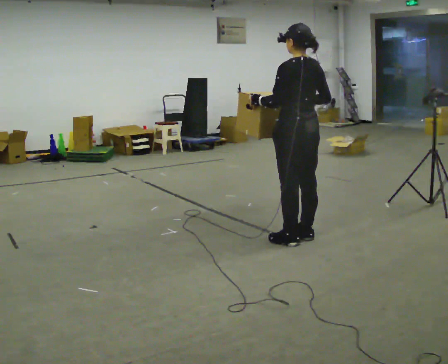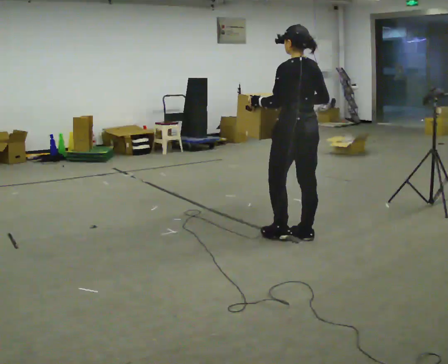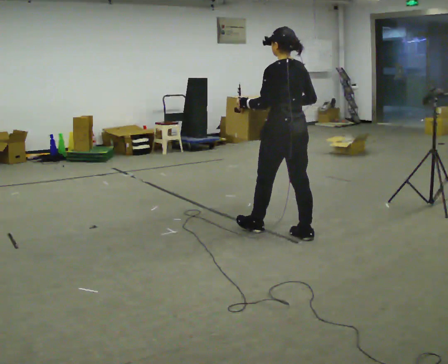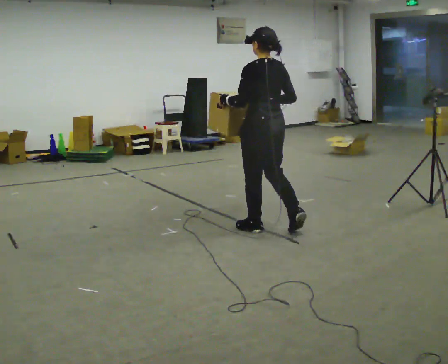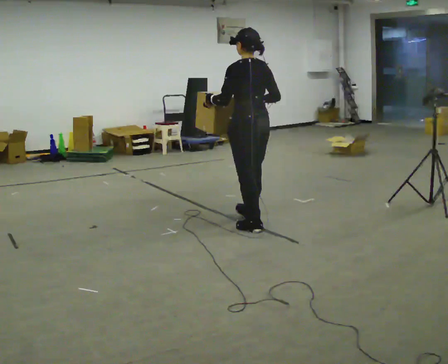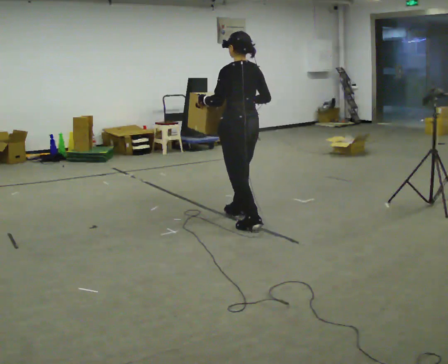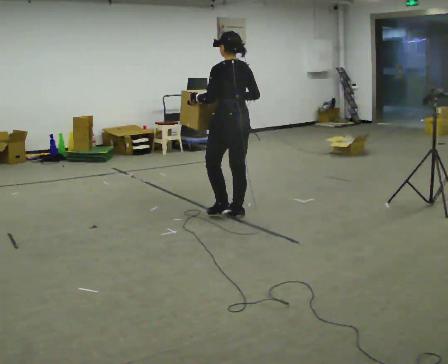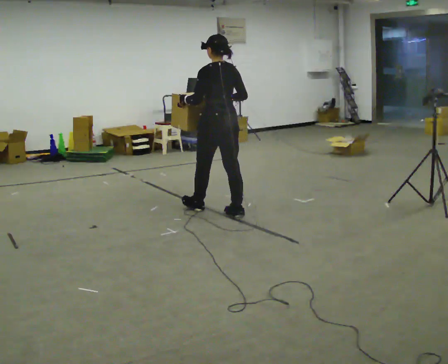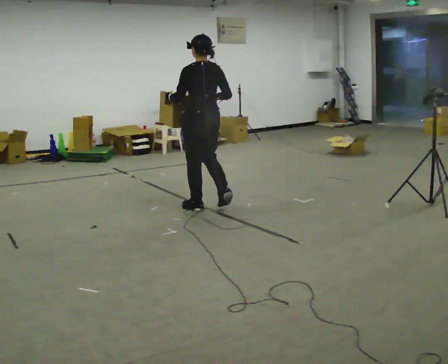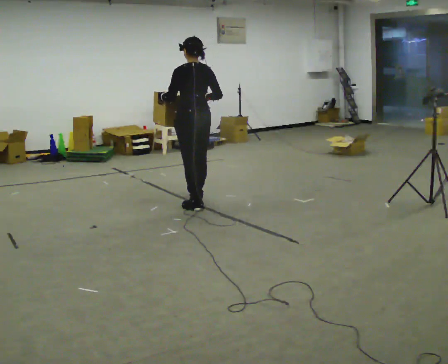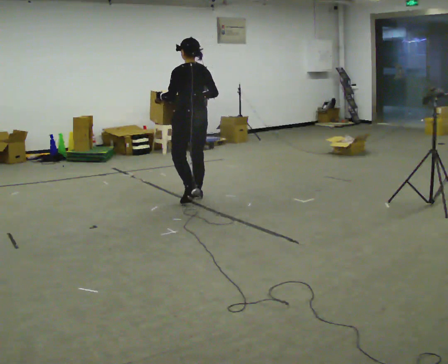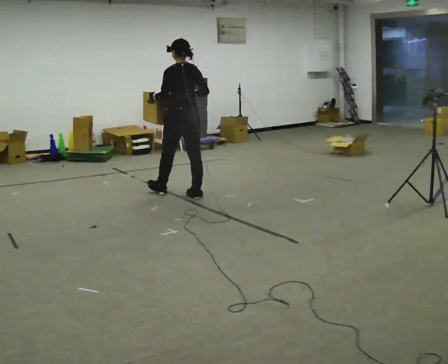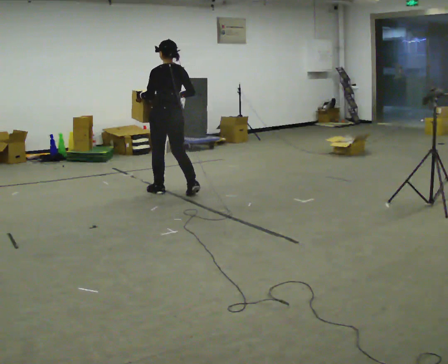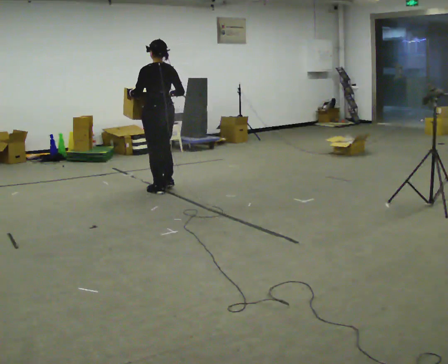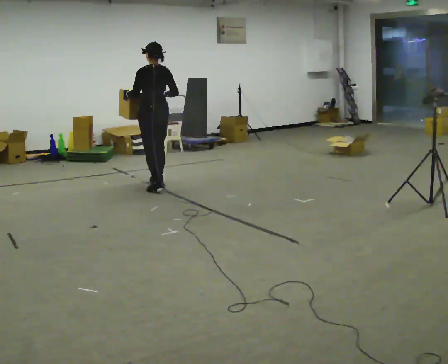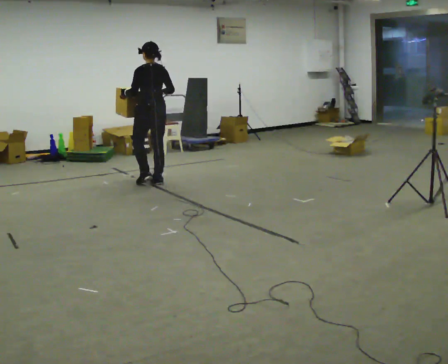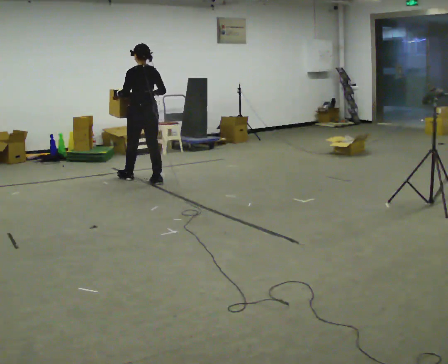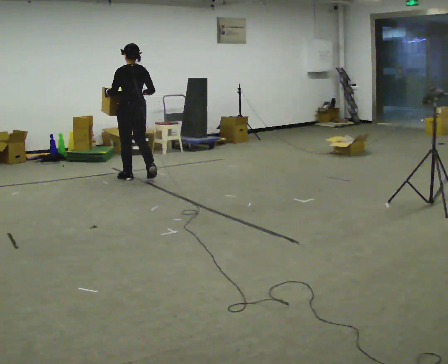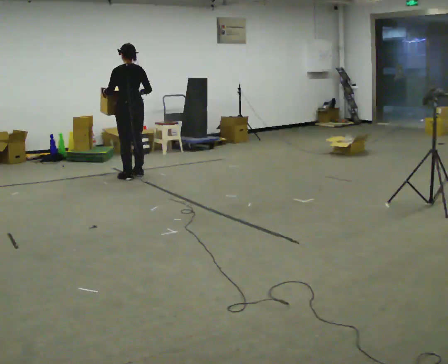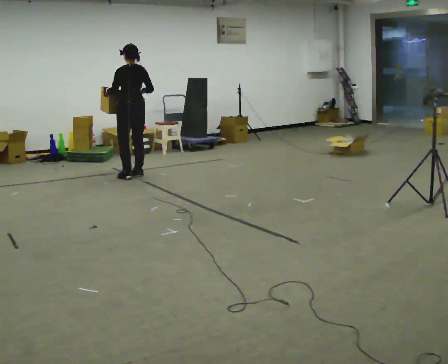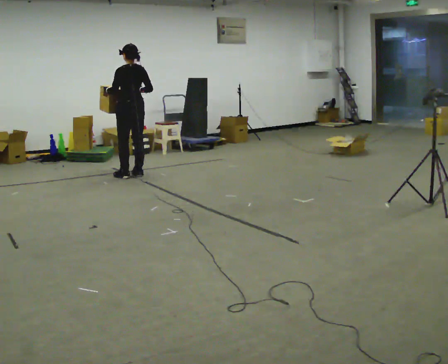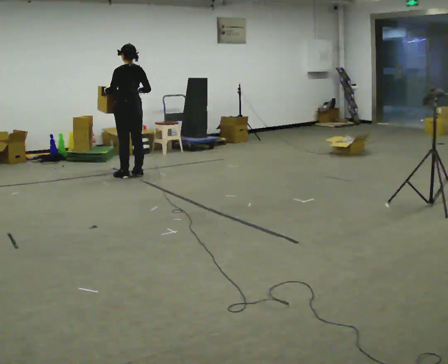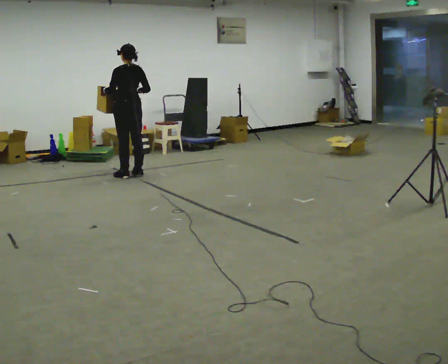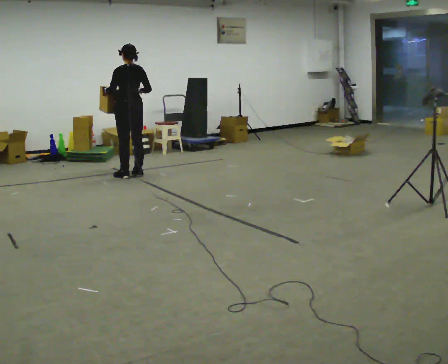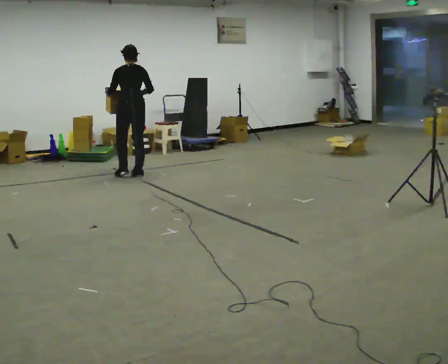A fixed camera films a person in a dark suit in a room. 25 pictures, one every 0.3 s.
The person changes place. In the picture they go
away from the camera.
0.0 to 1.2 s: In the picture they go away from the camera and to the left, about 0.5 m in 1 step, which for them is forward.
1.2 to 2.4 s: In the picture they go away from the camera and to the left, about 0.75 m in 2 steps, which for them is forward.
2.4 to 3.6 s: In the picture they go away from the camera and to the left, about 0.75 m in 2 steps, which for them is forward.
3.6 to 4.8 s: In the picture they go away from the camera and to the left, about 0.75 m in 2 steps, which for them is forward.
4.8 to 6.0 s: In the picture they go away from the camera and to the left, about 0.25 m in 1 step, which for them is forward.
6.0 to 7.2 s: The person moves a little, or ends about where they began.
The film runs forward here.
